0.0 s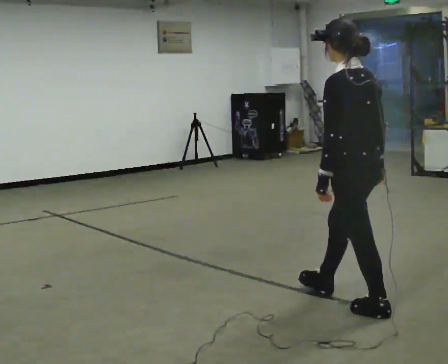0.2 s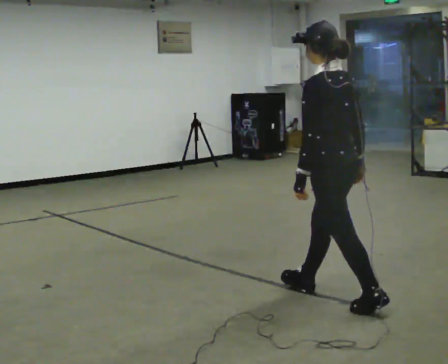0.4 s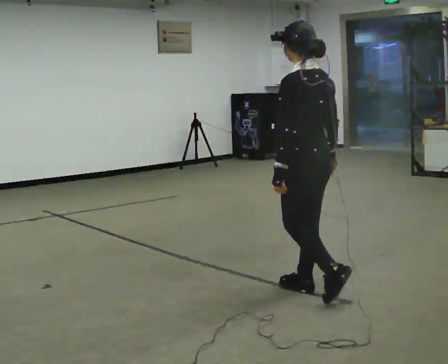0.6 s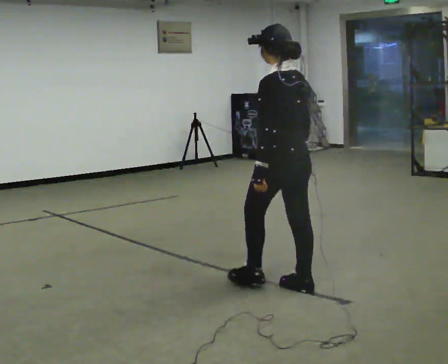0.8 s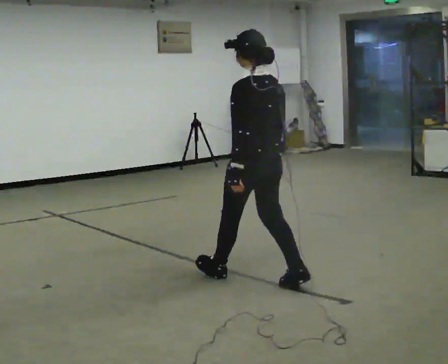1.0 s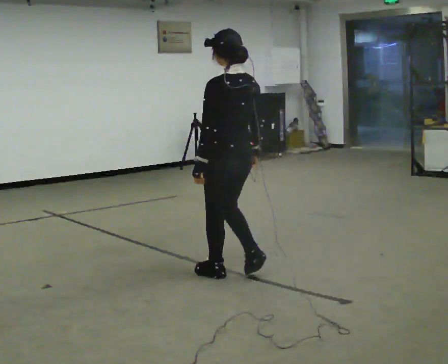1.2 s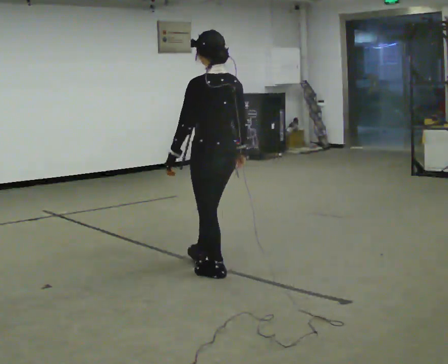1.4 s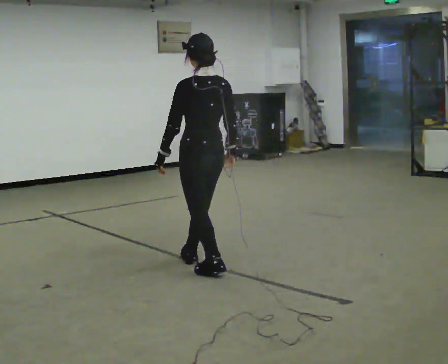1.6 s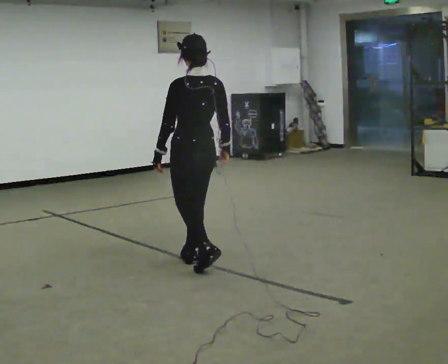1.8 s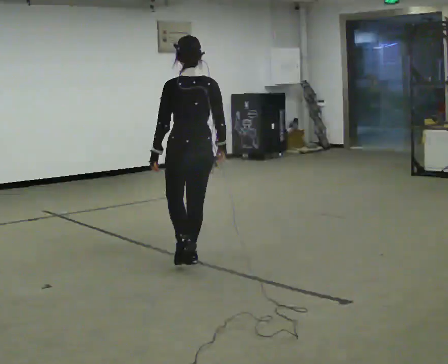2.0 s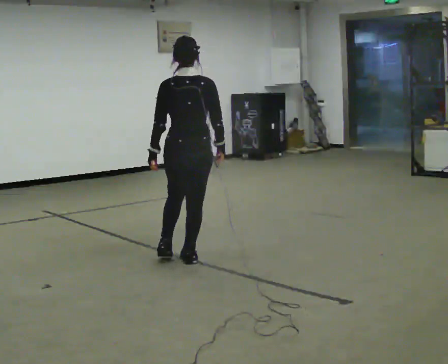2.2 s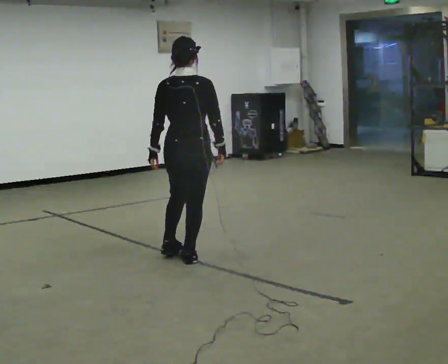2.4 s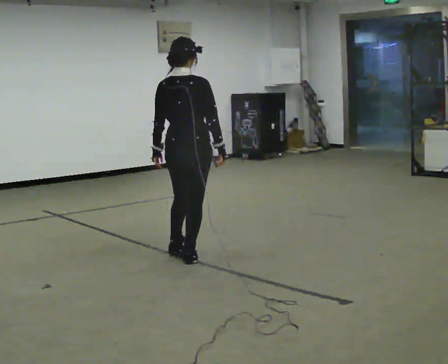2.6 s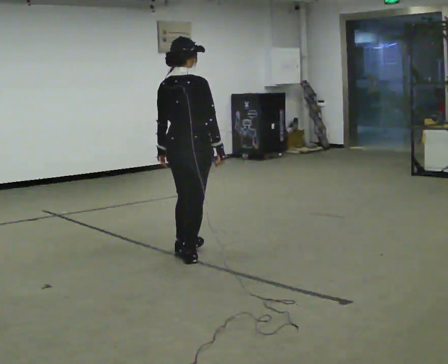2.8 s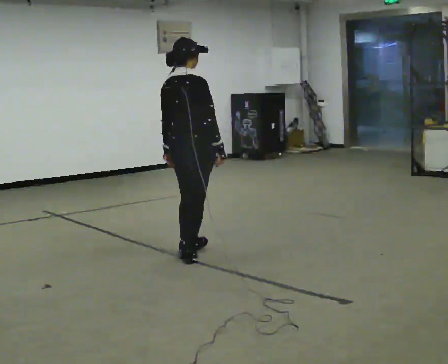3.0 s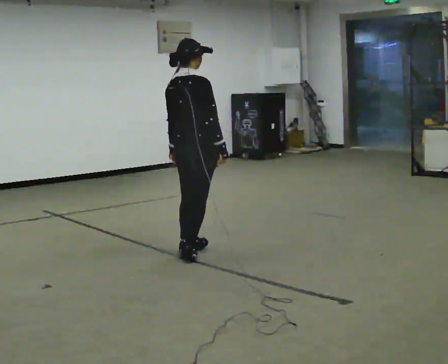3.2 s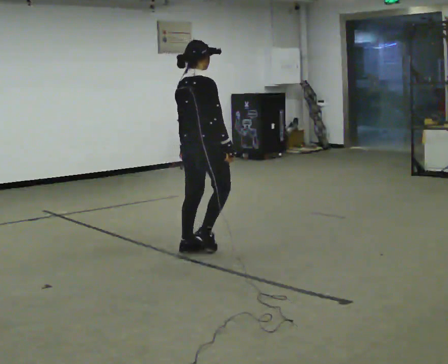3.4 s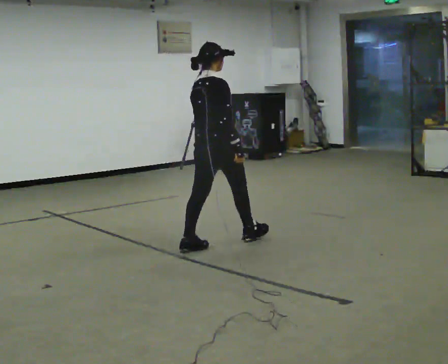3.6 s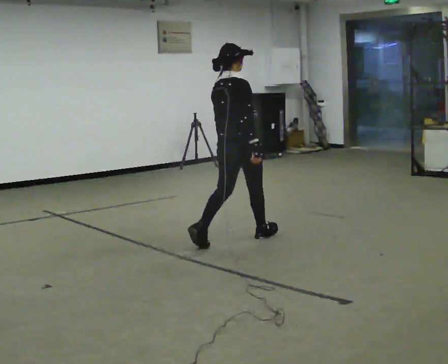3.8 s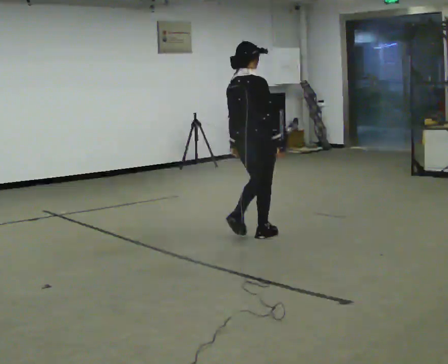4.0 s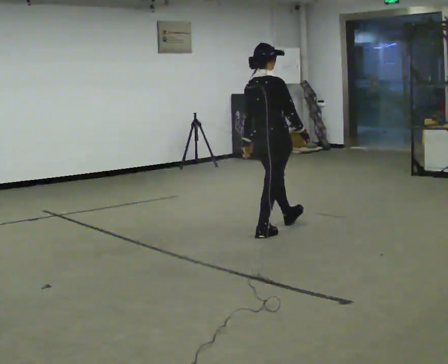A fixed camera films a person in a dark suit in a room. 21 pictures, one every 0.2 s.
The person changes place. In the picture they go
away from the camera.
The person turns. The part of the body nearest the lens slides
to the left.
0.0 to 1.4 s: In the picture they go away from the camera and to the left, about 1 m in 3 steps, which for them is forward.
1.4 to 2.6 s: The part of the body nearest the lens slides to the left as the person turns to their right by about 60 degrees. In the picture they go away from the camera, about 0.25 m.
2.6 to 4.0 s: Seen from above the body turns clockwise, about 30 degrees: to their right, with its near side sliding to the left. In the picture they go to the right and away from the camera, about 1 m in 2 steps, which for them is forward.
The film runs forward here.
